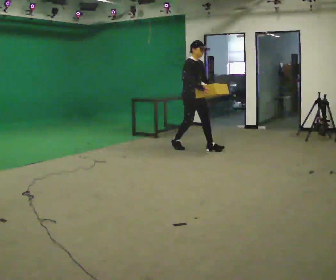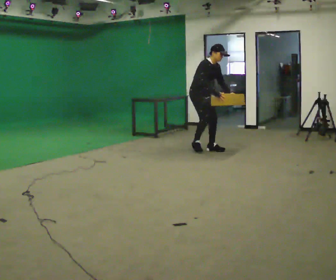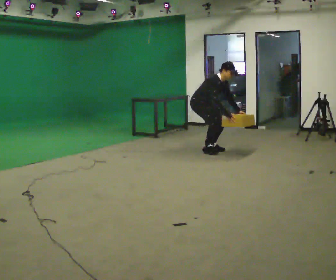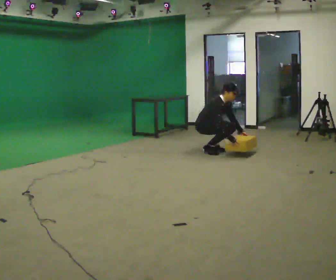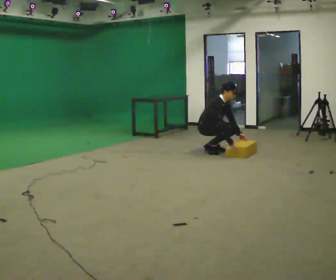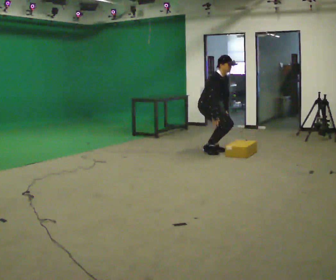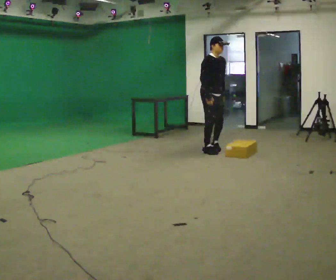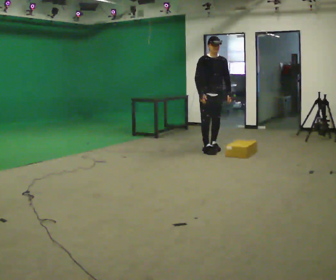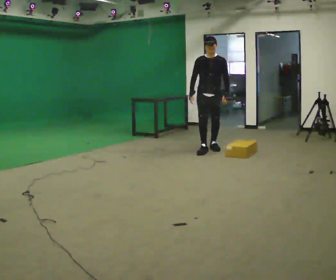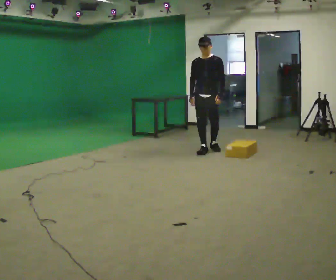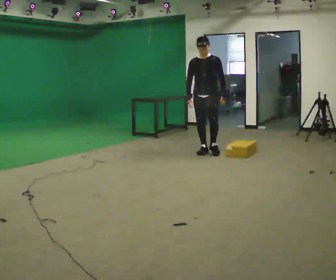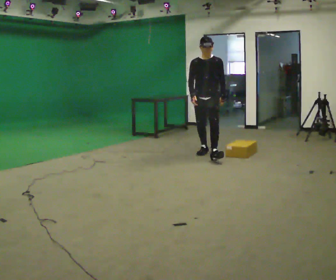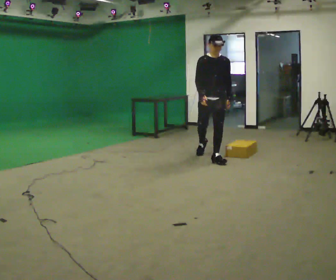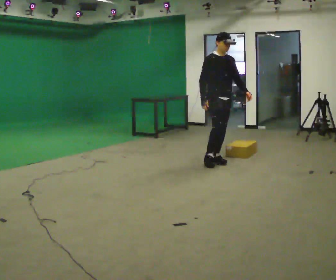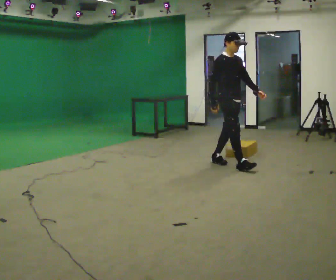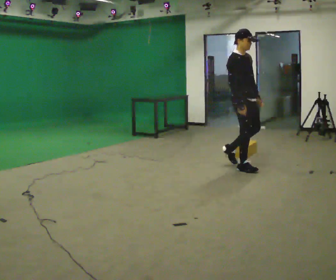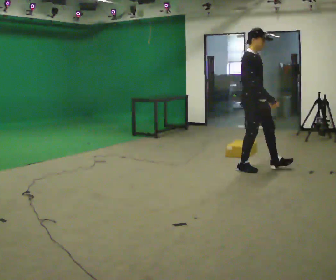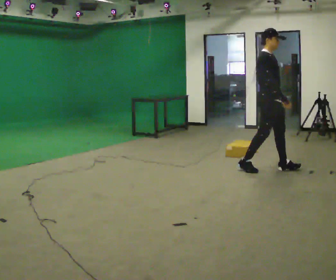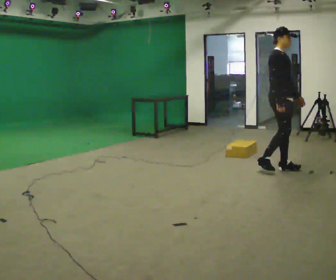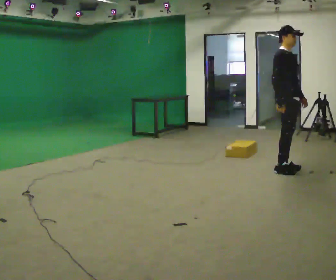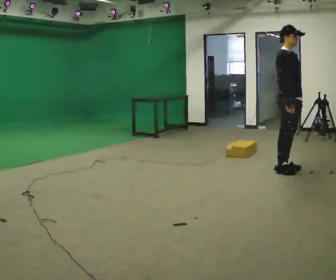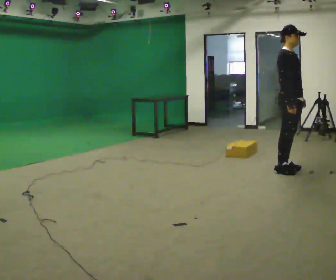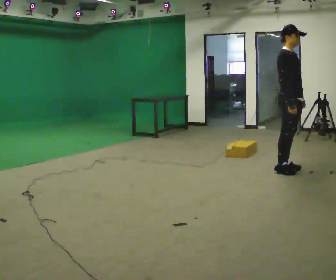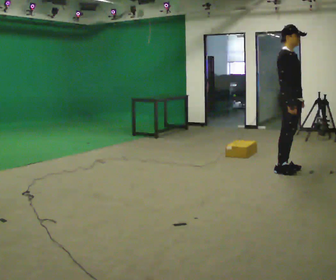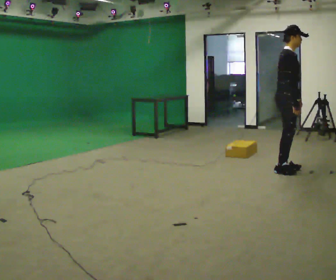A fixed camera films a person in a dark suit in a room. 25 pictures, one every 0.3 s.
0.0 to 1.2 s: In the picture they go to the right, about 0.25 m in 1 step, which for them is forward. The shoulders move downward. In the picture their right hand goes downward and to the right.
1.2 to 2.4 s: Seen from above the body turns clockwise, about 60 degrees: to their right, with its near side sliding to the left. The upper body goes upward. In the picture the upper body tilts counterclockwise, shoulders to the left, as they lean back or straighten. In the picture their right hand goes to the left and upward.
2.4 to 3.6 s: In the picture they go toward the camera, about 0.5 m in 1 step, which for them is forward.
3.6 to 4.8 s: The person turns about 60 degrees to their left, counterclockwise seen from above, so the part of the body nearest the lens slides to the right. In the picture they go toward the camera and to the right, about 1 m in 1 step, which for them is forward.
4.8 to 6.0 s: In the picture they go to the right, about 0.5 m in 2 steps, which for them is forward.
6.0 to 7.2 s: The person moves a little, or ends about where they began.
The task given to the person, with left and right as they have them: Walk quickly but do not run; remain comfortable and controlled; stop.
The film runs forward here.
